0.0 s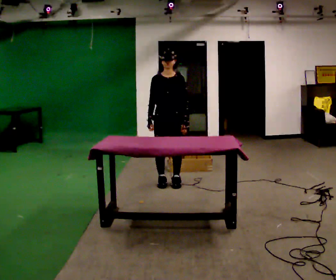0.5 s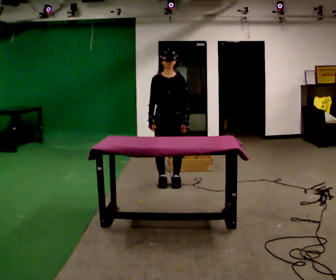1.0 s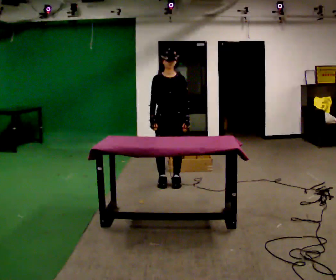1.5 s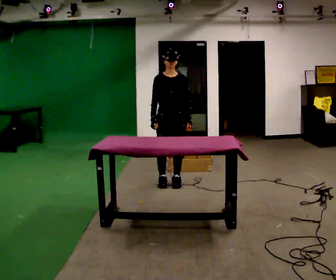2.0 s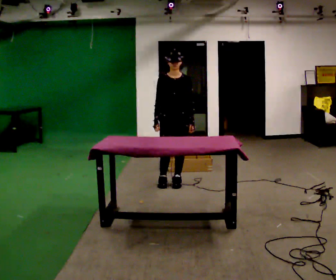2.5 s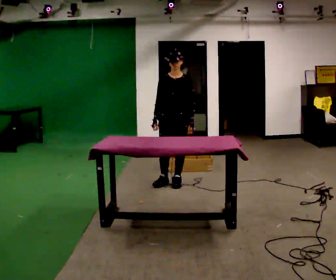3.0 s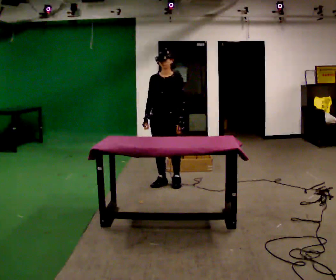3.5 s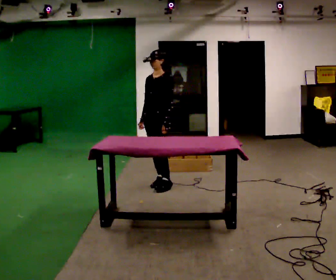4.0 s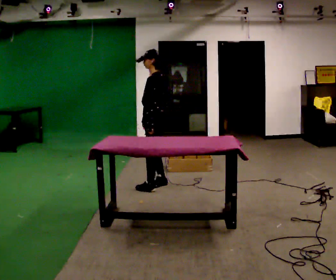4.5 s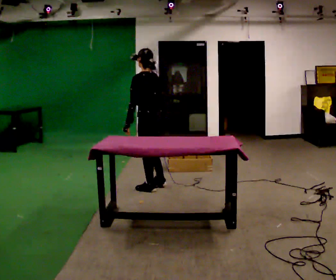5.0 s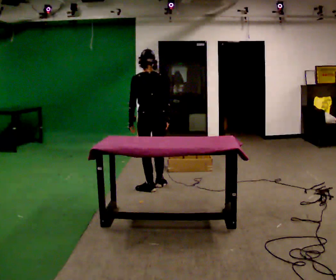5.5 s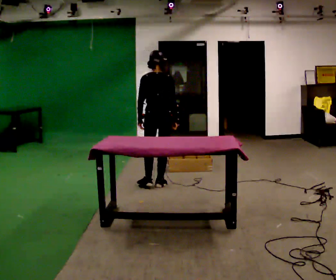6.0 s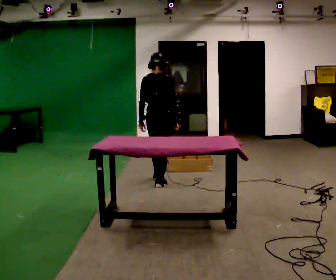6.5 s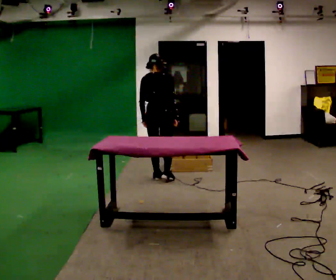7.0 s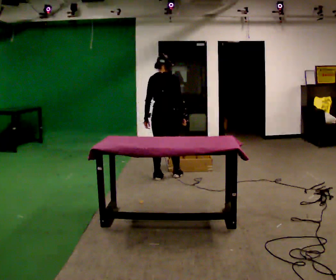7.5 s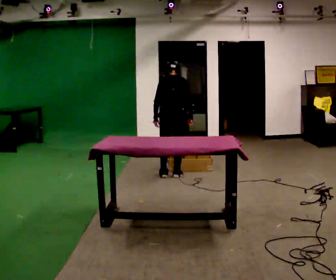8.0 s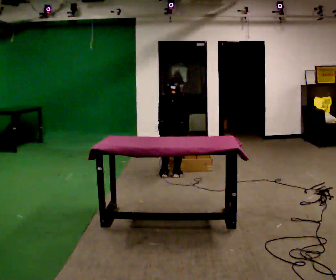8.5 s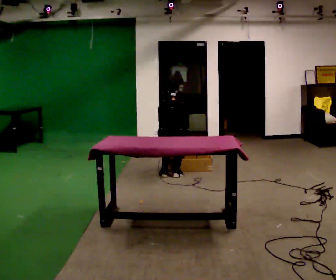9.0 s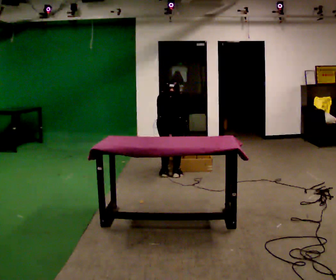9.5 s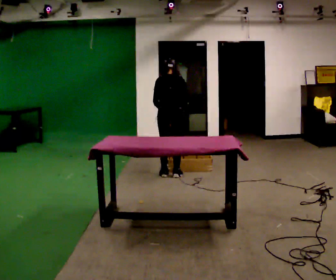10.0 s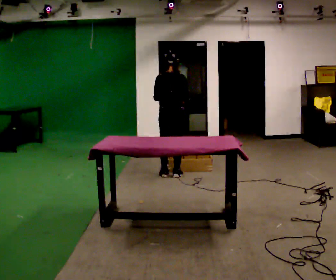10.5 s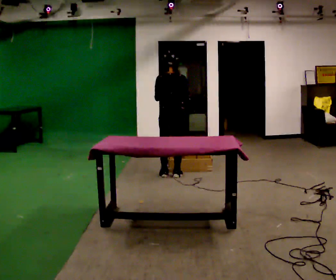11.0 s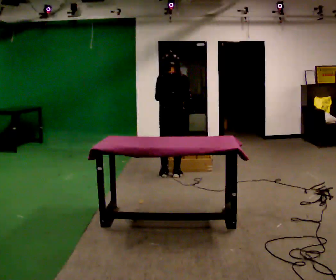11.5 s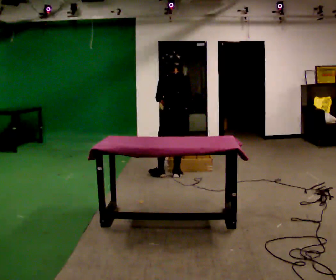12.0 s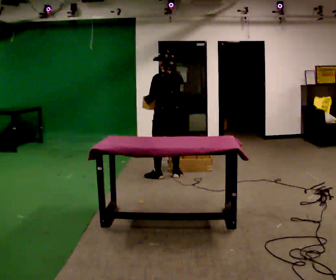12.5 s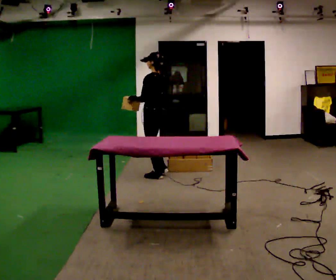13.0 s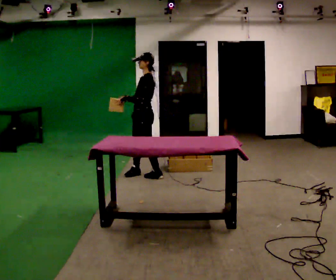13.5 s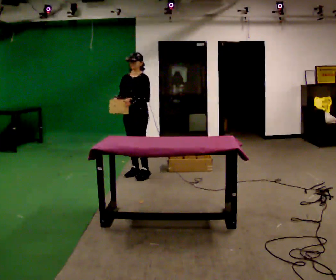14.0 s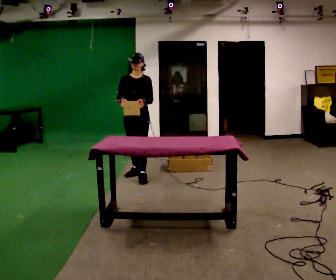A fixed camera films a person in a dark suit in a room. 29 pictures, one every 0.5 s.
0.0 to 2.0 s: The person moves a little, or ends about where they began.
2.0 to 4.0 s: The person turns about 75 degrees to their right, clockwise seen from above, so the part of the body nearest the lens slides to the left. In the picture they go to the left, about 0.25 m in 1 step.
4.0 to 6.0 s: Seen from above the body turns clockwise, about 105 degrees: to their right, with its near side sliding to the left. In the picture their right hand goes to the right.
6.0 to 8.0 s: In the picture they go away from the camera, about 0.25 m in 2 steps, which for them is forward. The upper body goes downward. The upper body tips away from the camera, its near side rolling upward, as they bend forward.
8.0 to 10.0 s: In the picture they go away from the camera, about 0.25 m, which for them is forward. The upper body tips toward the camera, its near side rolling downward, as they lean back or straighten. In the picture their left hand goes upward.
10.0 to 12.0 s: Seen from above the body turns counterclockwise, about 45 degrees: to their left, with its near side sliding to the right.
12.0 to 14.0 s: The person turns about 135 degrees to their left, counterclockwise seen from above, so the part of the body nearest the lens slides to the right. In the picture they go to the left, about 0.25 m in 2 steps.
The film runs forward here.
